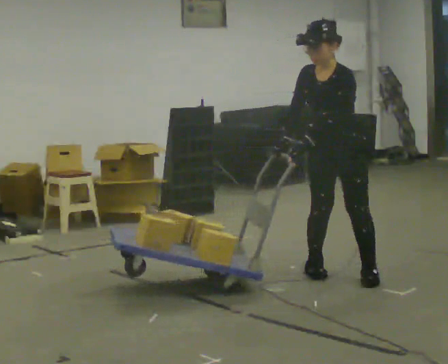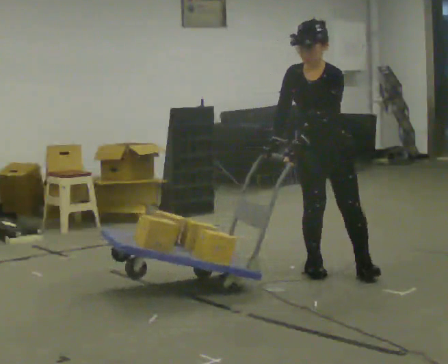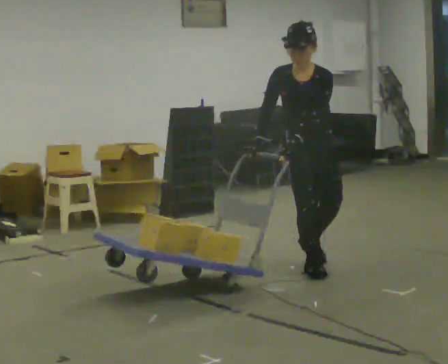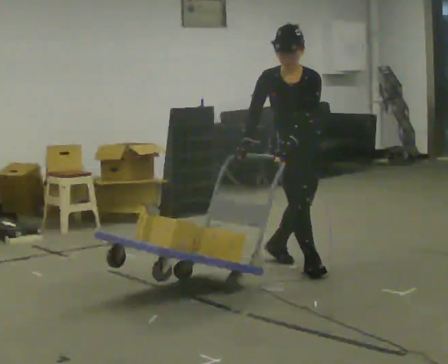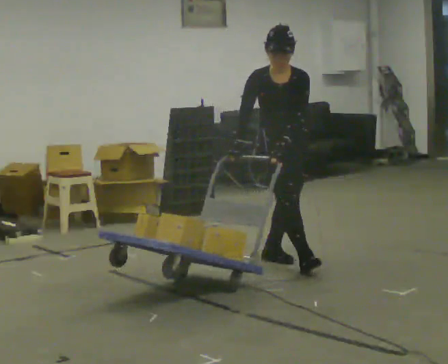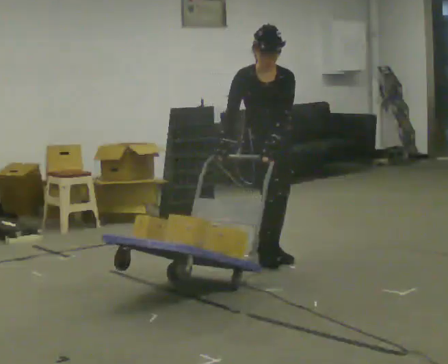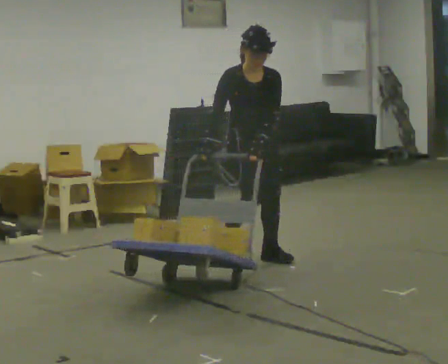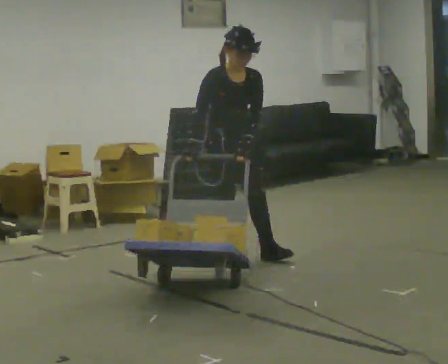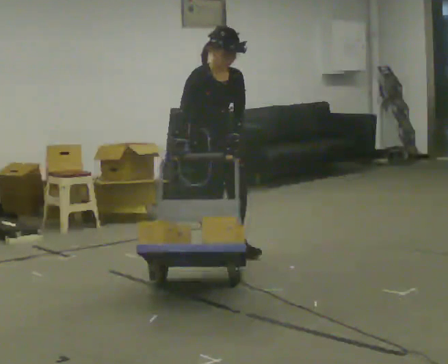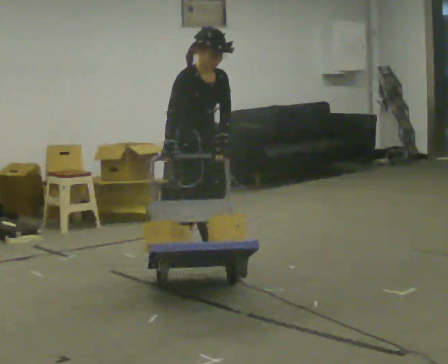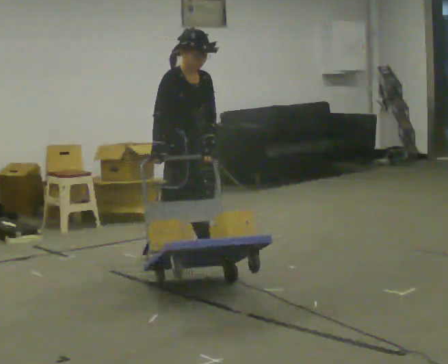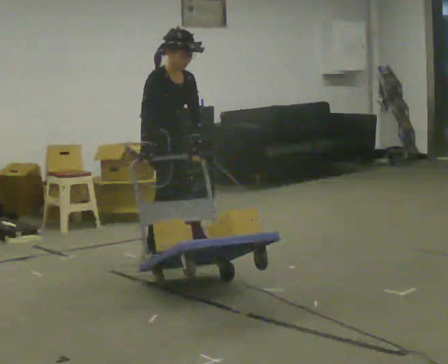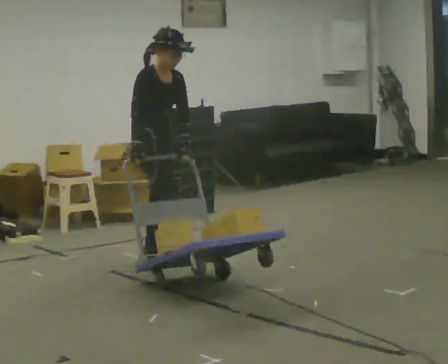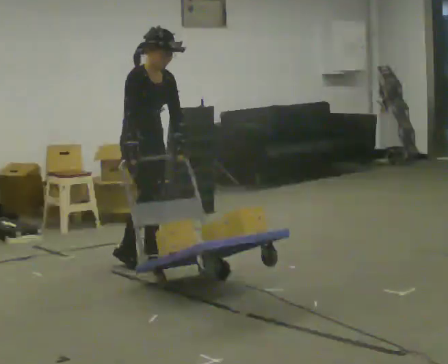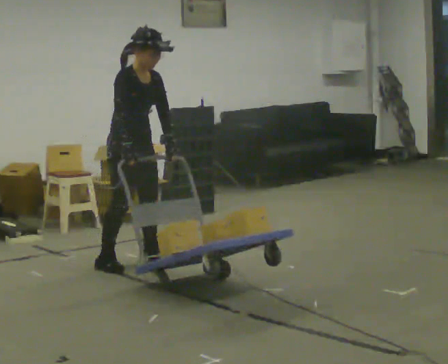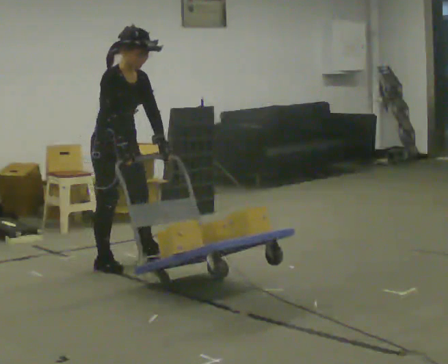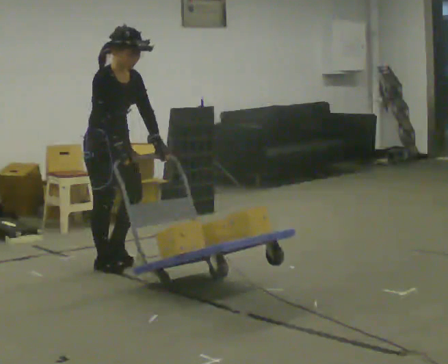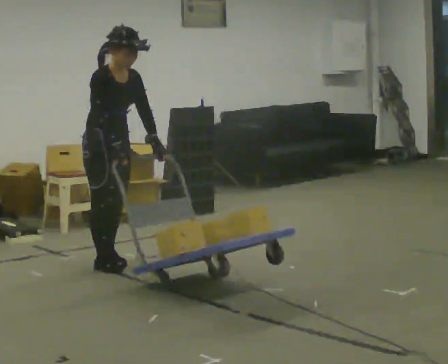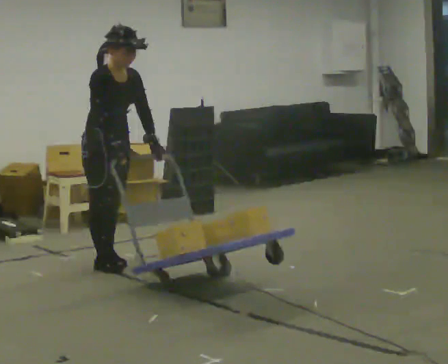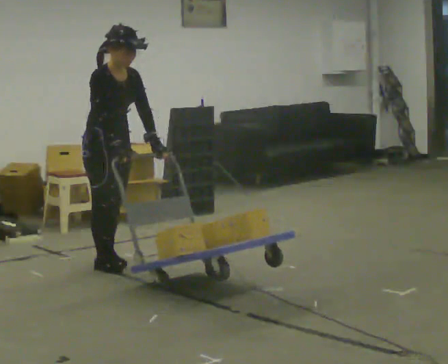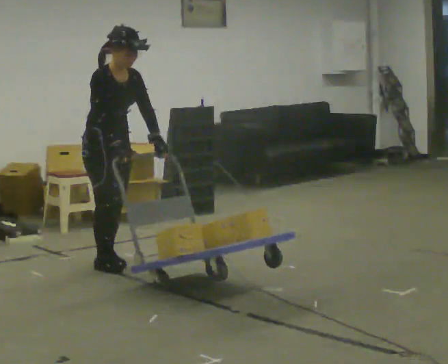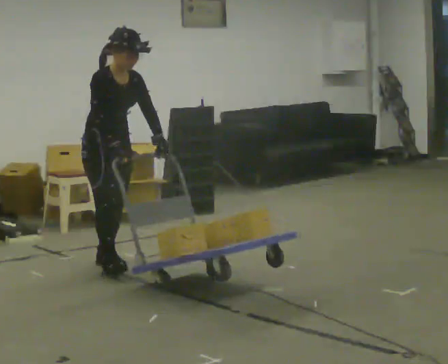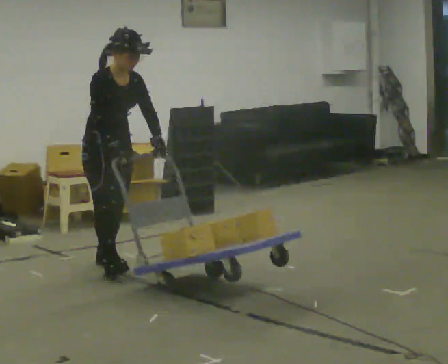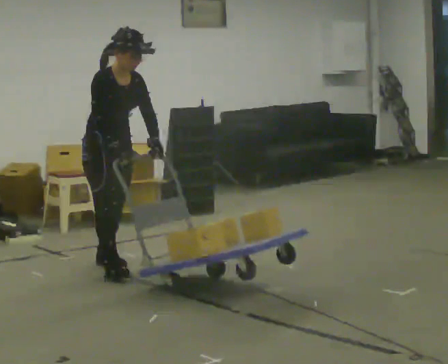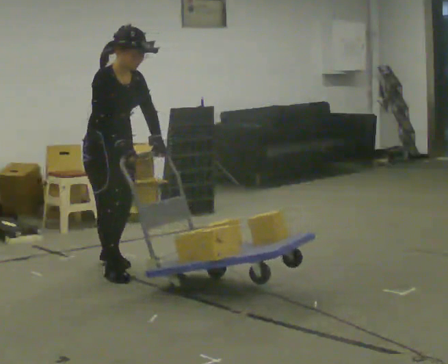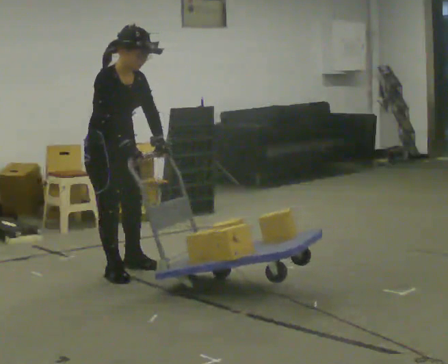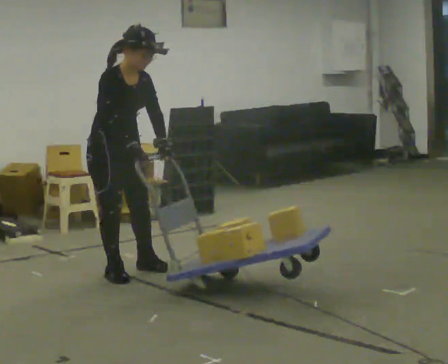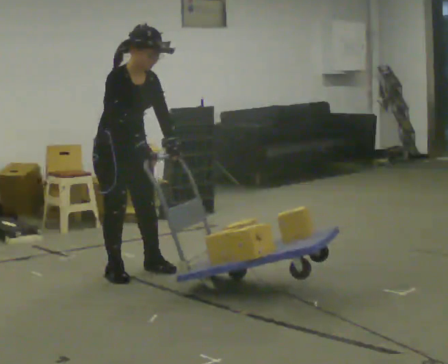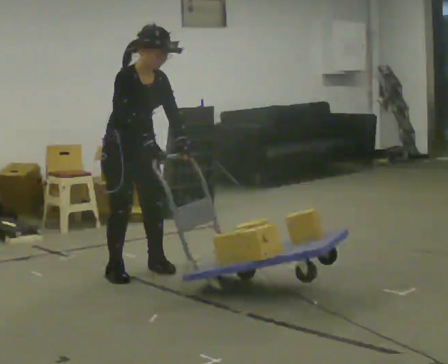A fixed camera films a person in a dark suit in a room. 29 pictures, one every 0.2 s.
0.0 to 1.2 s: The person turns about 45 degrees to their left, counterclockwise seen from above, so the part of the body nearest the lens slides to the right. In the picture they go away from the camera and to the left, about 0.5 m in 2 steps, which for them is backward and to their right.
1.2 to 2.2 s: The part of the body nearest the lens slides to the right as the person turns to their left by about 45 degrees. In the picture they go to the left, about 0.5 m in 1 step, which for them is backward and to their right.
2.2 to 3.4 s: In the picture they go to the left, about 0.5 m in 2 steps, which for them is to their right and backward.
3.4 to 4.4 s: The person moves a little, or ends about where they began.
4.4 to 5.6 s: In the picture they go toward the camera, about 0.25 m in 1 step, which for them is forward.
The film runs backward here.
